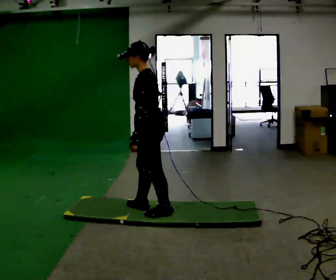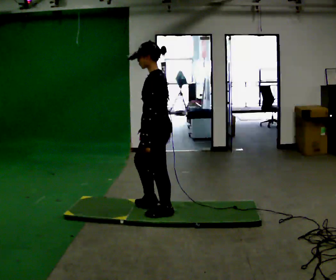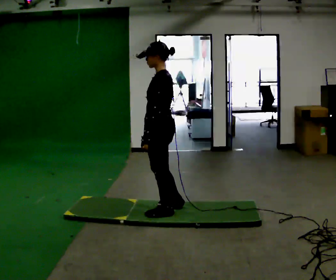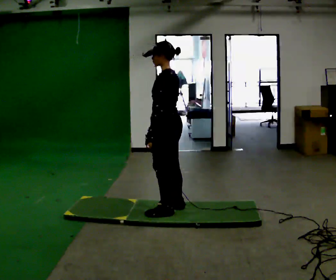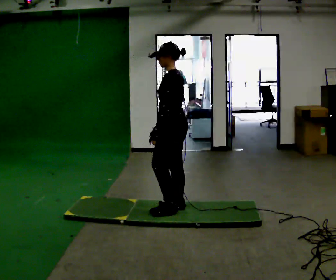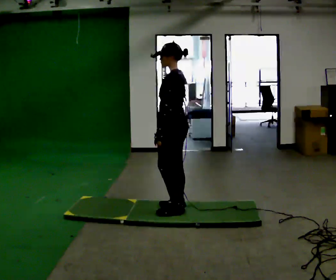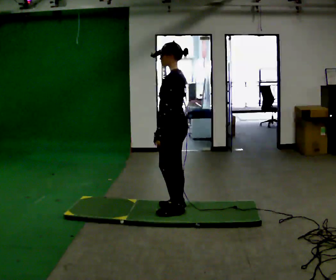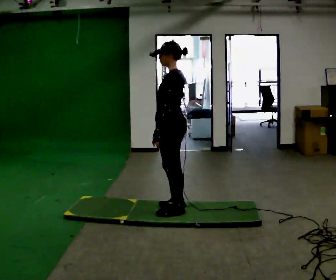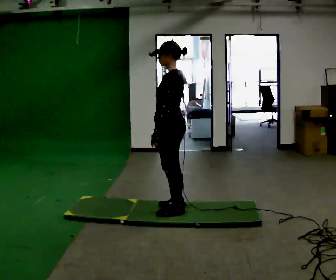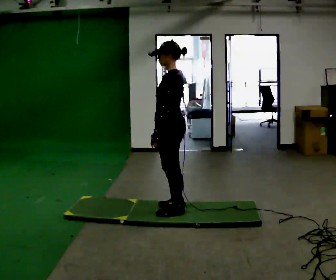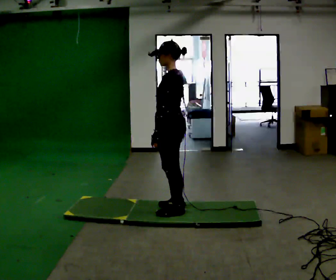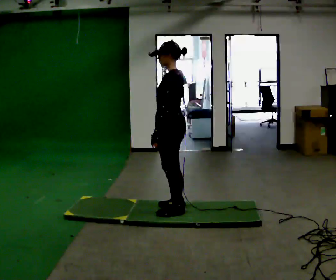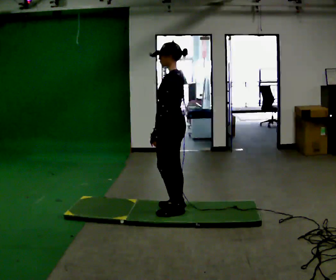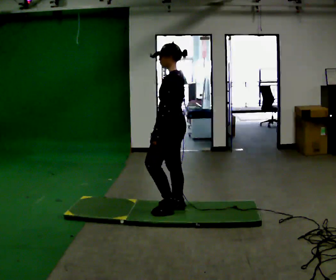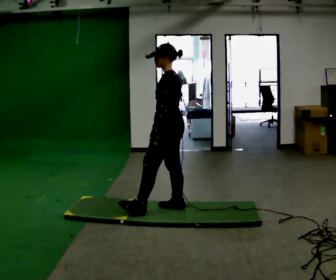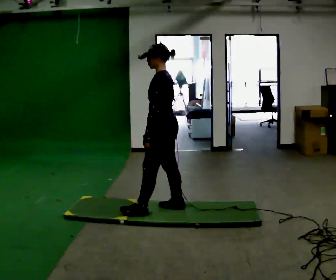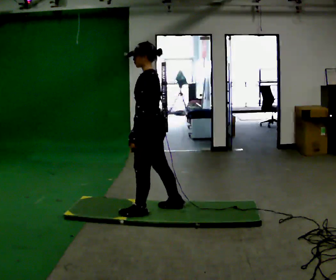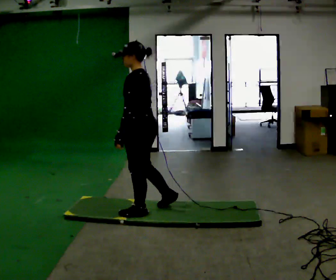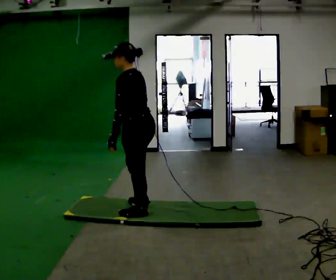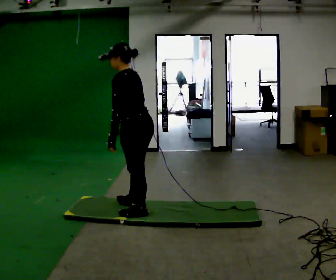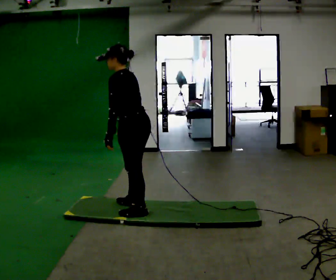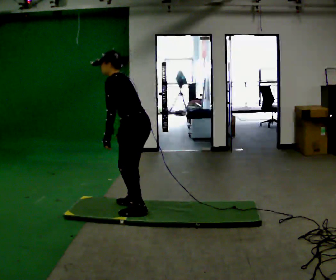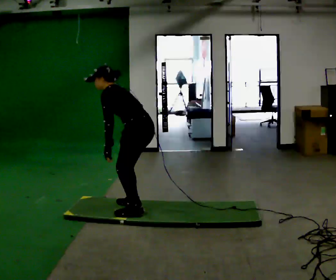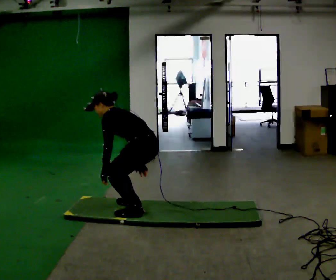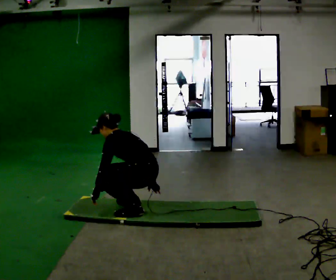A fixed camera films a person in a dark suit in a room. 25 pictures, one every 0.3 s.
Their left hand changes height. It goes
downward.
The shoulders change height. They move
downward.
0.0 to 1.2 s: In the picture they go to the right, about 0.25 m in 1 step, which for them is backward and to their right.
1.2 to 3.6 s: The person moves a little, or ends about where they began.
3.6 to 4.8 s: In the picture they go to the left, about 0.25 m in 1 step, which for them is forward.
4.8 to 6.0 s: In the picture the upper body tilts counterclockwise, shoulders to the left, as they bend forward.
6.0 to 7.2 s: The upper body goes downward. The upper body tips away from the camera, its near side rolling upward, as they bend forward. In the picture their right hand goes downward.
The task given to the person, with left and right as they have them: From standing, sit down on the floor, then stand back up in whatever way is natural. Repeat the movement at your own pace until the operator says stop; do not rush.
The film runs forward here.
